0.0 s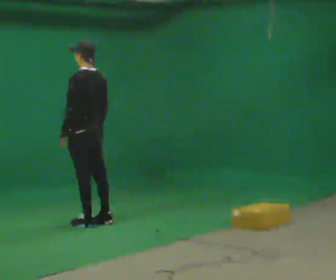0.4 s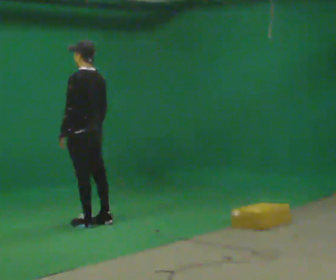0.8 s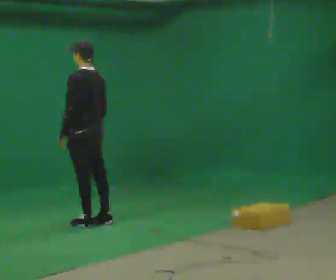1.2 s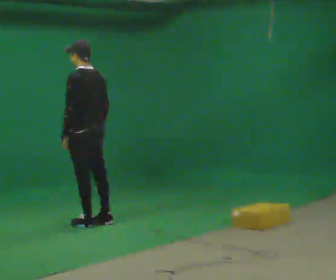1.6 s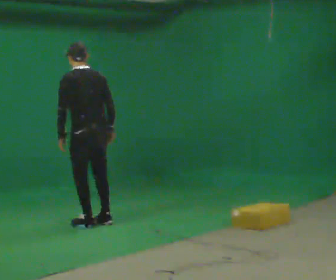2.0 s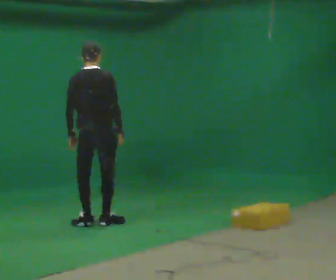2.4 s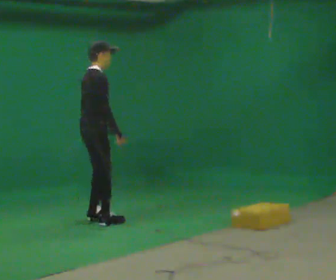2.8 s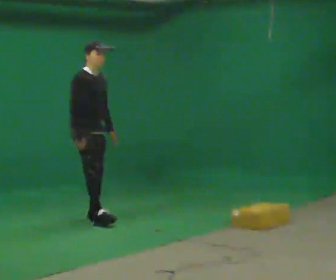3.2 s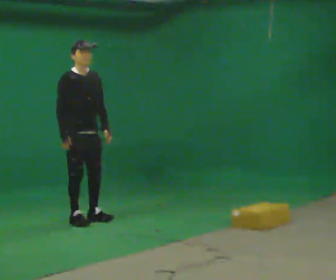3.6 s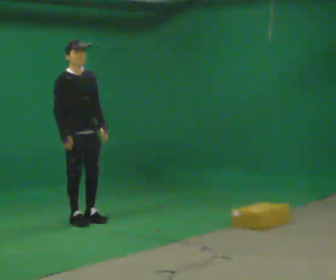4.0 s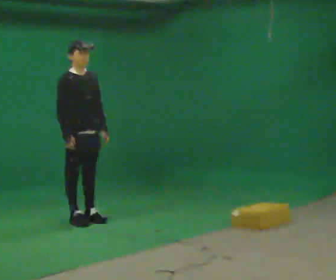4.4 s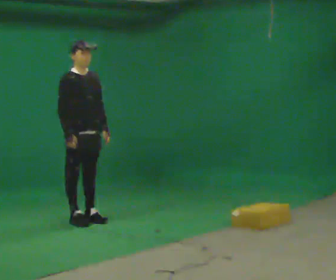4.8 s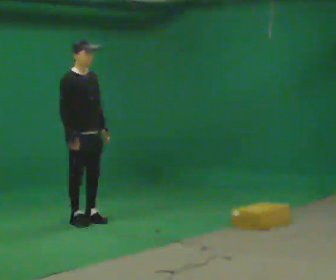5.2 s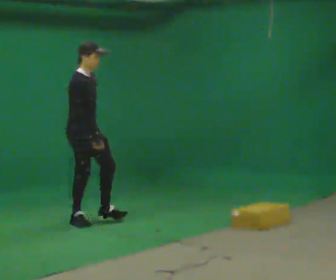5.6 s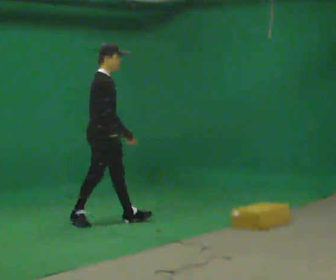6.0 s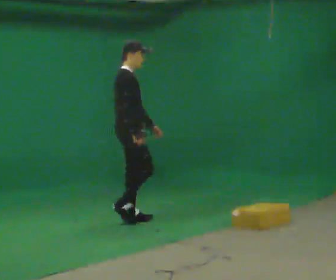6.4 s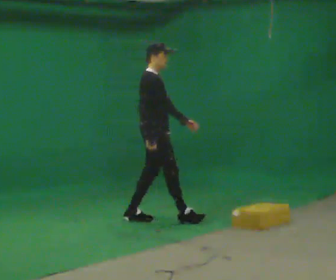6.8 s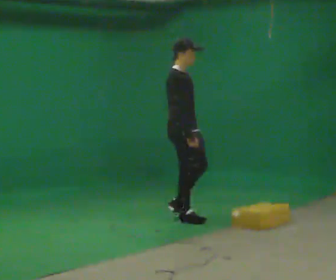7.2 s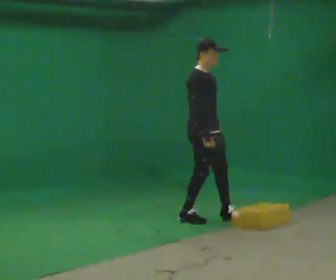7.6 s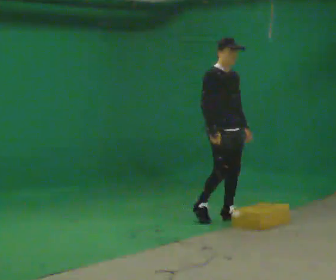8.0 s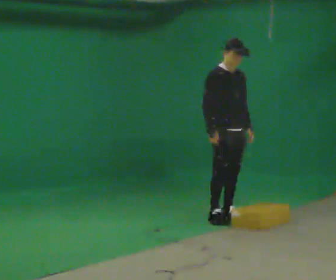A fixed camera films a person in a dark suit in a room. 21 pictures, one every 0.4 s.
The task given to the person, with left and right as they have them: Start still; walk straight at normal comfortable speed; stop at endpoint.
0.0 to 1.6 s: The person moves a little, or ends about where they began.
1.6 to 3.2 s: Seen from above the body turns clockwise, about 165 degrees: to their right, with its near side sliding to the left. In the picture they go away from the camera, about 0.25 m in 2 steps. In the picture their left hand goes to the right, the arm swinging counterclockwise.
3.2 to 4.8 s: The person moves a little, or ends about where they began.
4.8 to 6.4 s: Seen from above the body turns counterclockwise, about 30 degrees: to their left, with its near side sliding to the right. In the picture they go to the right, about 0.5 m in 2 steps, which for them is forward.
6.4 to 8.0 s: The person turns about 45 degrees to their right, clockwise seen from above, so the part of the body nearest the lens slides to the left. In the picture they go to the right, about 0.75 m in 2 steps, which for them is forward and to their left.
The film runs forward here.
